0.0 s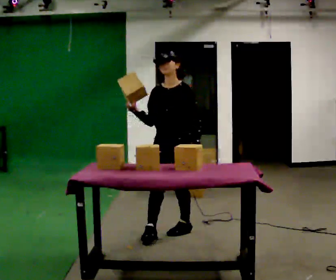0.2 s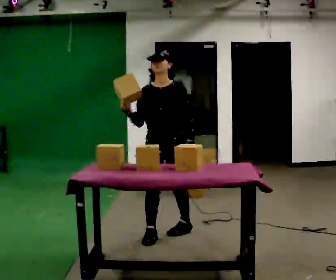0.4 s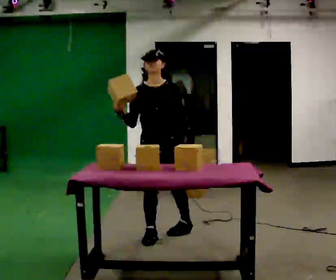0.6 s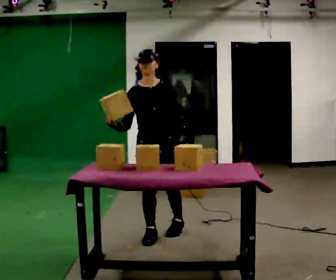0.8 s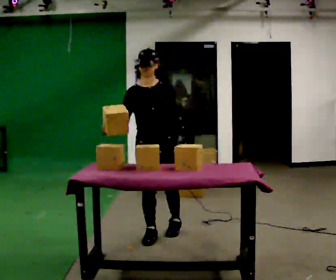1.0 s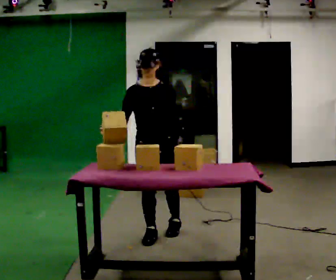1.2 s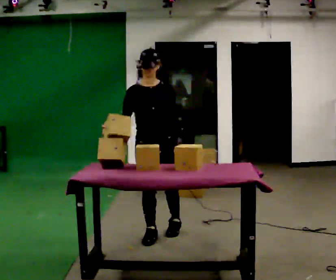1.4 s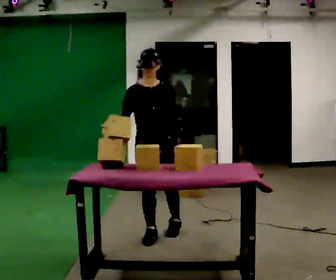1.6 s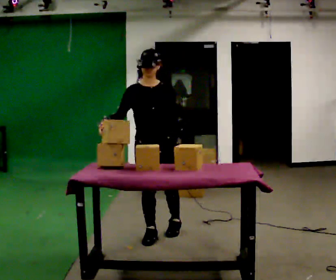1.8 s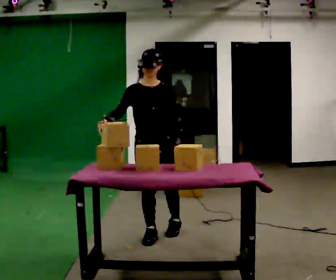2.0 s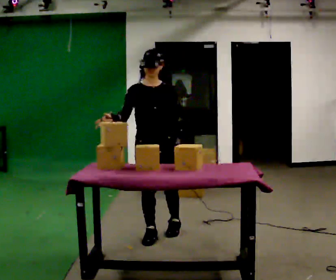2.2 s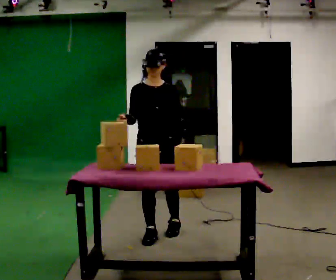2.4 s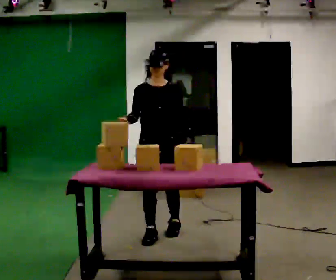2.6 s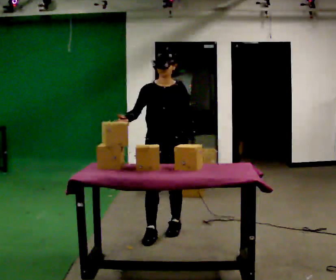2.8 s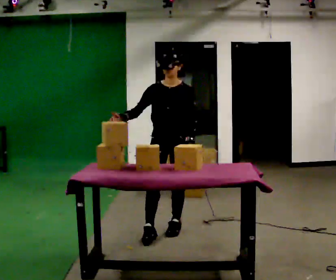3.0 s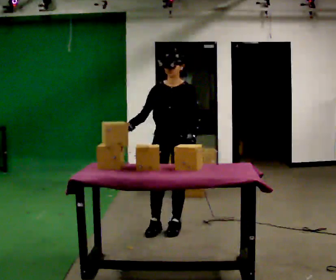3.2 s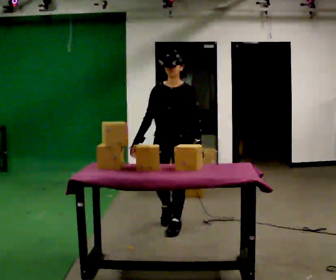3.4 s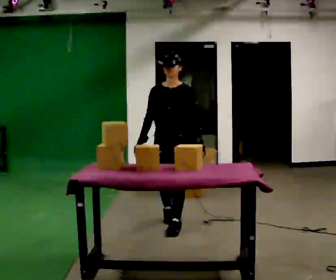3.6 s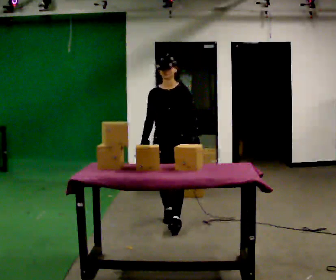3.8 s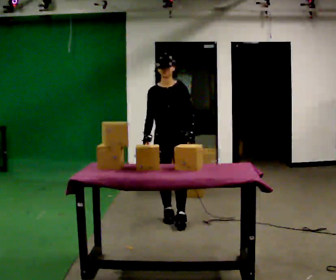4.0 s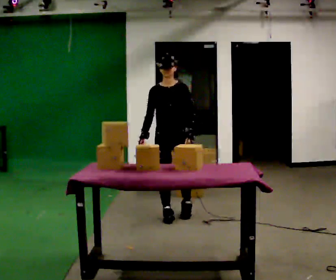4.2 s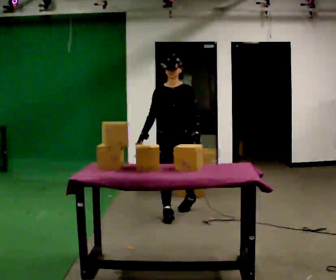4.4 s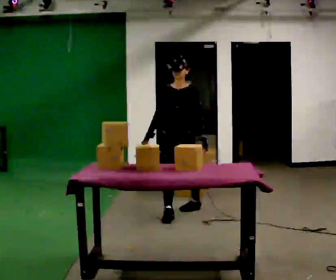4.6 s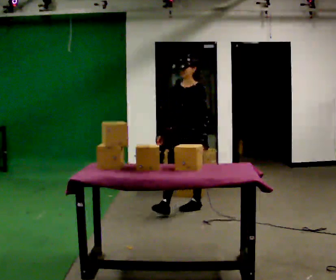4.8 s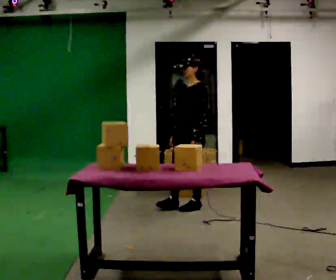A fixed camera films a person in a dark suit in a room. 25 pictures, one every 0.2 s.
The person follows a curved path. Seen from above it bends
clockwise.
0.0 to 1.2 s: The person turns about 45 degrees to their left, counterclockwise seen from above, so the part of the body nearest the lens slides to the right. In the picture they go to the left and toward the camera, about 0.25 m, which for them is to their right and forward.
1.2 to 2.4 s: The person moves a little, or ends about where they began.
2.4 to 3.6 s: In the picture they go away from the camera, about 0.5 m in 1 step, which for them is backward.
3.6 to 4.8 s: Seen from above the body turns clockwise, about 45 degrees: to their right, with its near side sliding to the left. In the picture they go away from the camera, about 0.5 m in 2 steps, which for them is backward and to their left.
The film runs backward here.
